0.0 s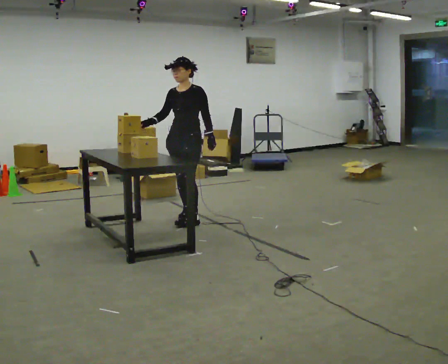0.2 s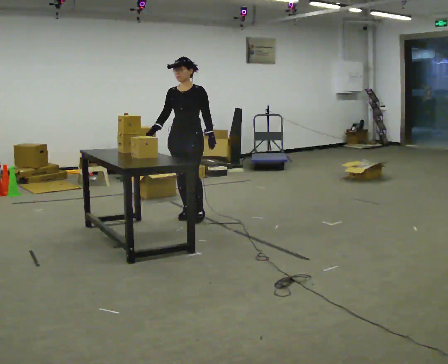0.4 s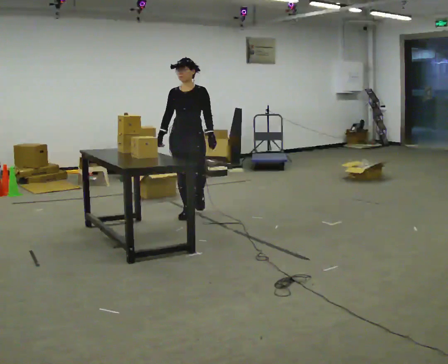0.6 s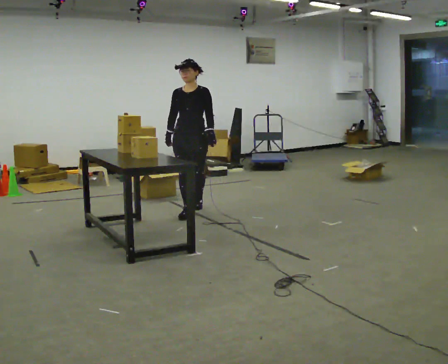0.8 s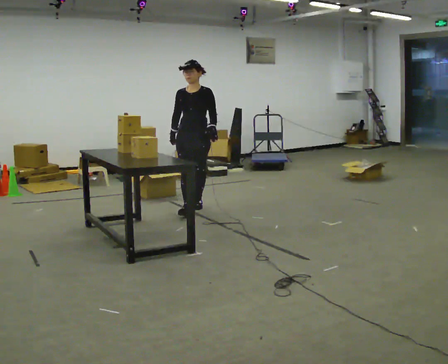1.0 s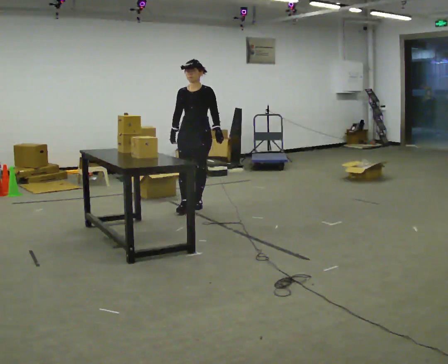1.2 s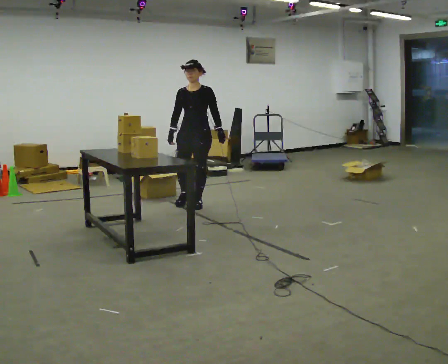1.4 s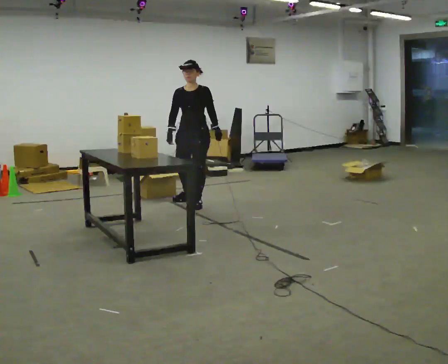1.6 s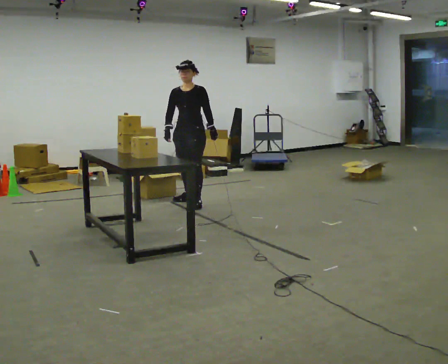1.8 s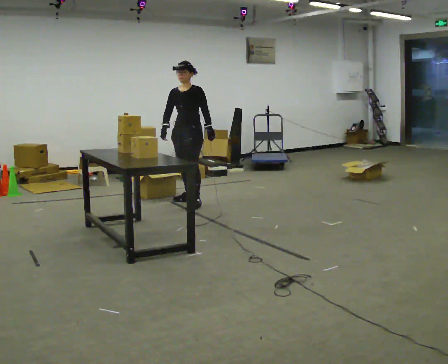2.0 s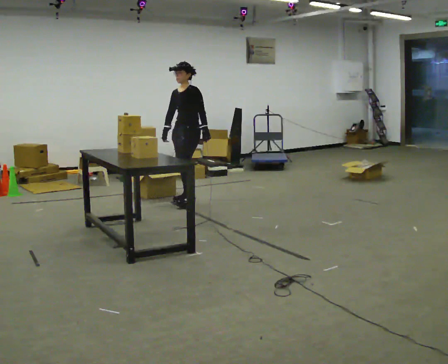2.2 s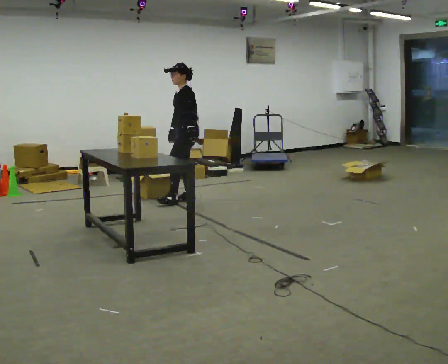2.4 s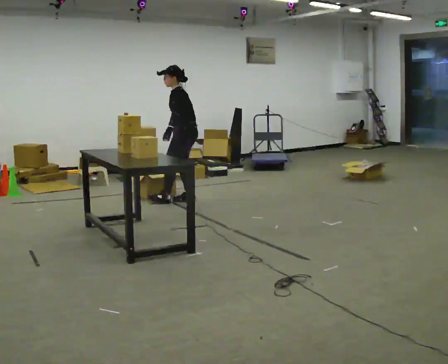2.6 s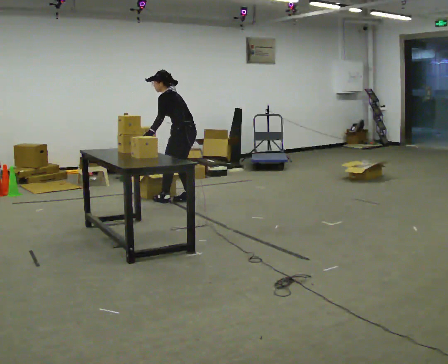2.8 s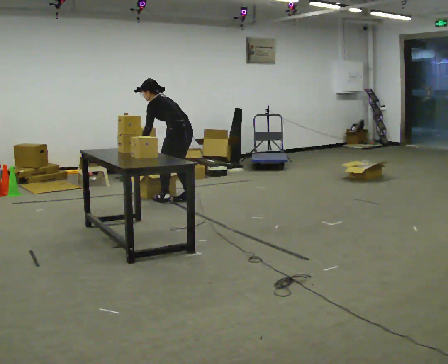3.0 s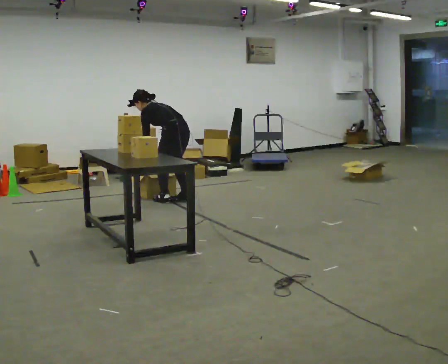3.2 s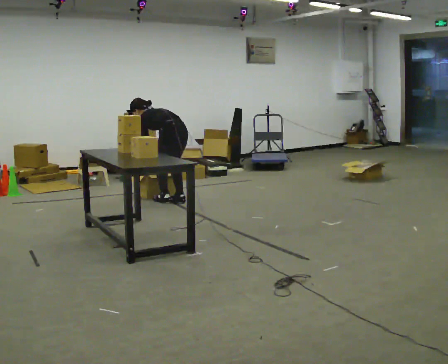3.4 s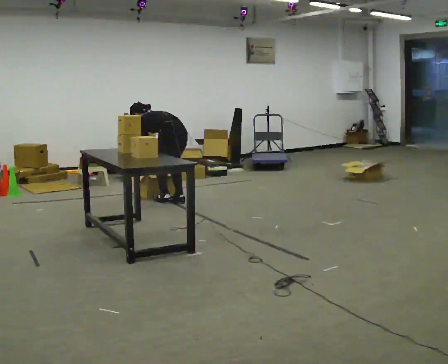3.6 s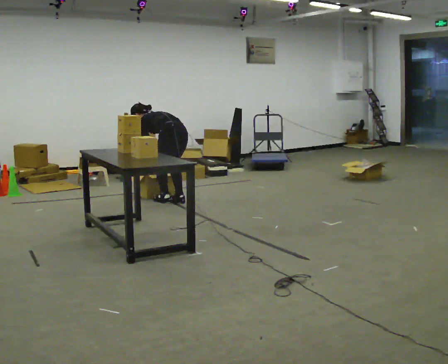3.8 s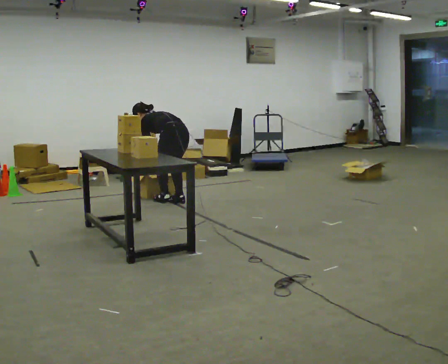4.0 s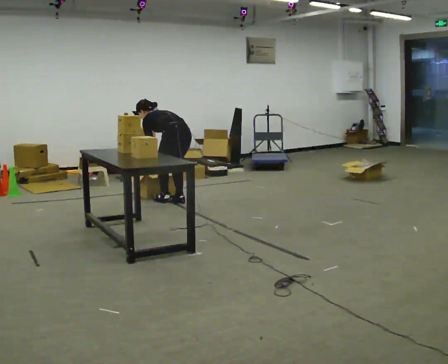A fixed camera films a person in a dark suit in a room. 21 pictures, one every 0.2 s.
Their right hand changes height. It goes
downward.
The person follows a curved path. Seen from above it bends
counterclockwise.
0.0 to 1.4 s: In the picture they go away from the camera, about 0.5 m in 2 steps, which for them is backward.
1.4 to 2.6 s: The part of the body nearest the lens slides to the left as the person turns to their right by about 90 degrees. In the picture they go away from the camera, about 0.25 m in 1 step. In the picture the upper body tilts counterclockwise, shoulders to the left, as they bend forward. In the picture their left hand goes to the left, the arm swinging clockwise.
2.6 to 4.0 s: The person turns about 30 degrees to their right, clockwise seen from above, so the part of the body nearest the lens slides to the left. The upper body goes downward. The upper body tips away from the camera, its near side rolling upward, as they bend forward. In the picture their left hand goes downward.
The film runs backward here.
